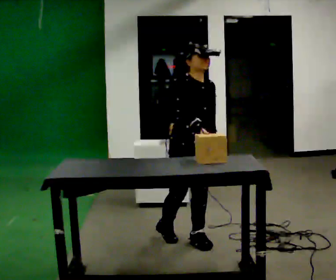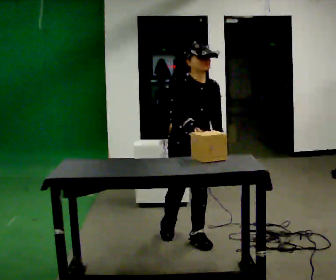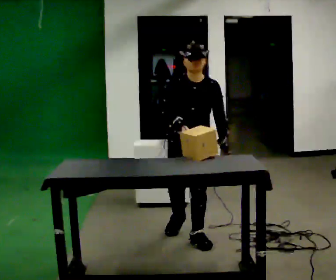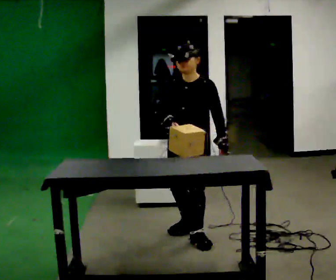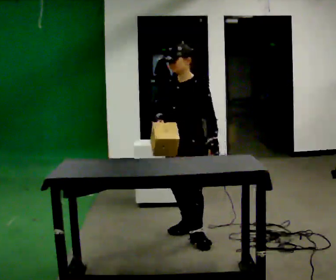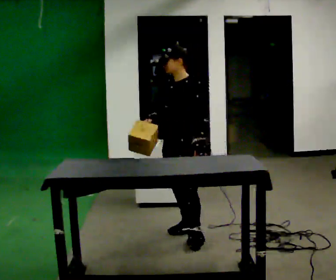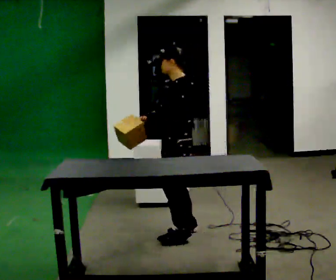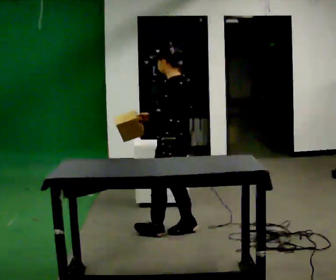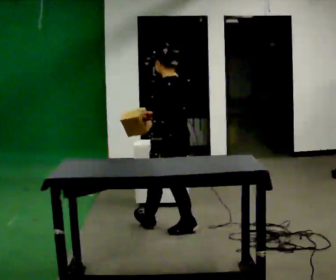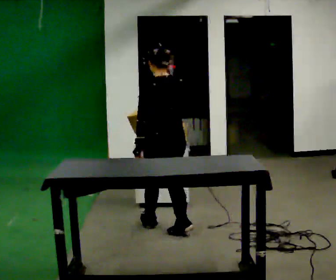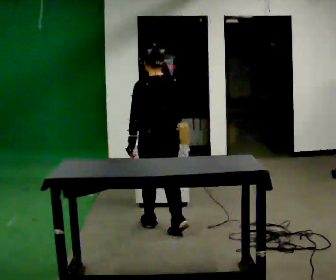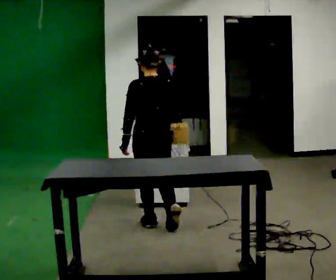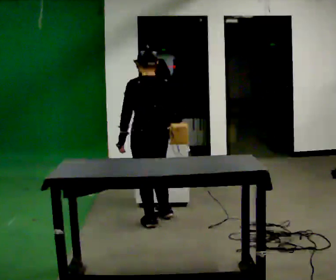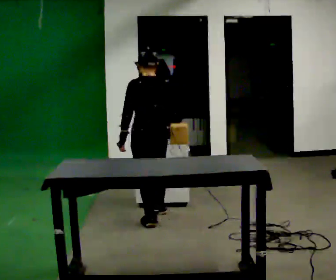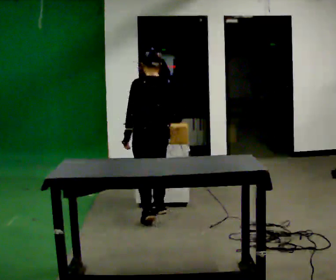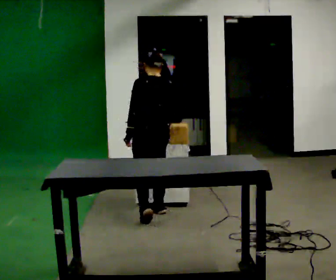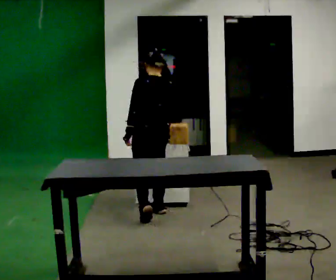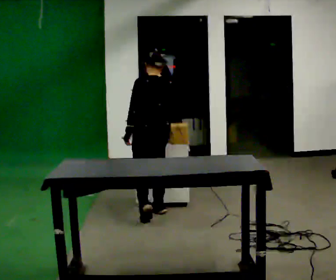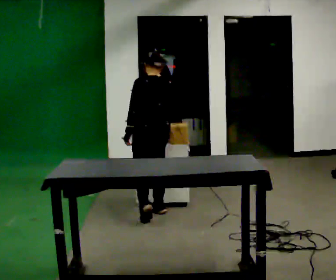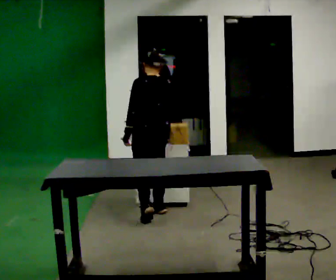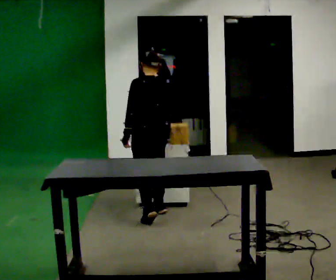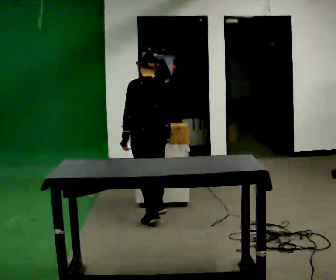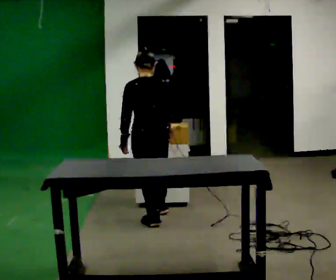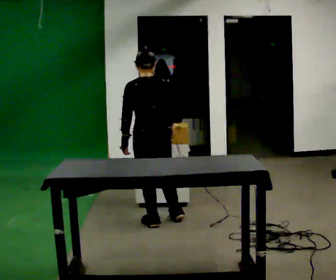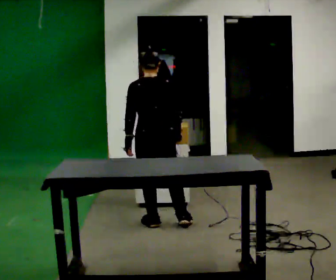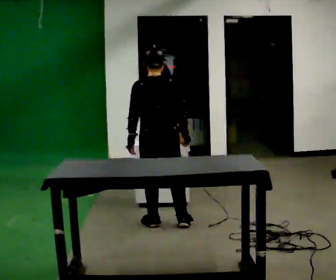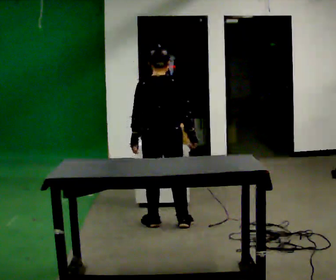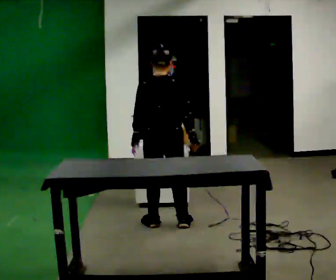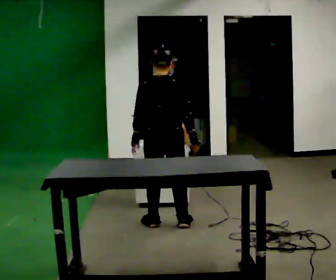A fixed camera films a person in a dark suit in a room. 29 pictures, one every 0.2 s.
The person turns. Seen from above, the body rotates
clockwise.
The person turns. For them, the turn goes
to their right.
0.0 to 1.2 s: Seen from above the body turns clockwise, about 120 degrees: to their right, with its near side sliding to the left. In the picture they go away from the camera, about 0.25 m in 1 step.
1.2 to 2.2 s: The person turns about 75 degrees to their right, clockwise seen from above, so the part of the body nearest the lens slides to the left. In the picture they go away from the camera and to the left, about 0.25 m in 1 step.
2.2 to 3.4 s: In the picture they go away from the camera, about 0.5 m in 1 step, which for them is forward and to their right.
3.4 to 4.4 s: In the picture they go toward the camera, about 0.25 m, which for them is backward and to their left.
4.4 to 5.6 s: Seen from above the body turns clockwise, about 30 degrees: to their right, with its near side sliding to the left.
The film runs forward here.
